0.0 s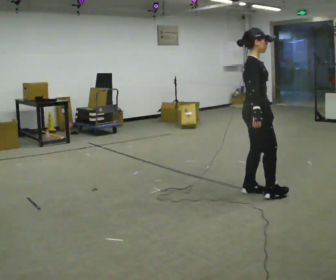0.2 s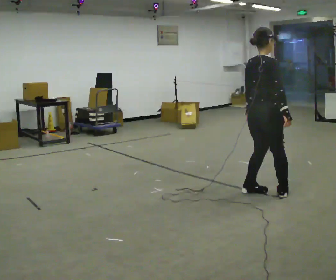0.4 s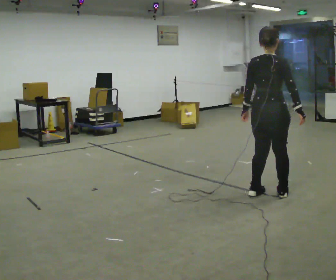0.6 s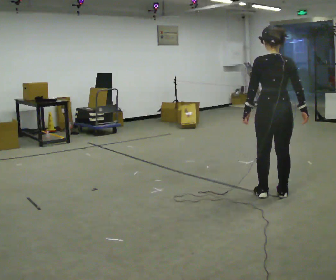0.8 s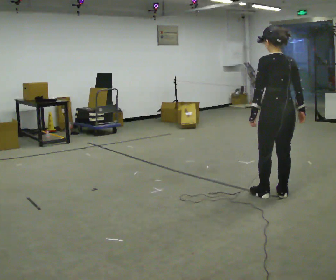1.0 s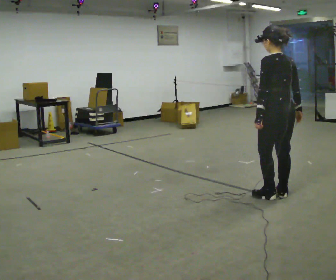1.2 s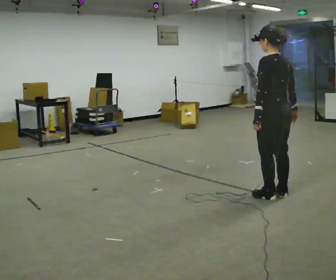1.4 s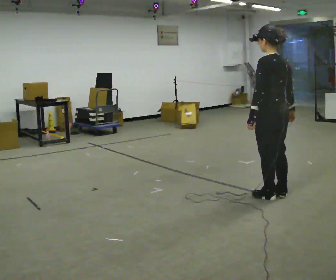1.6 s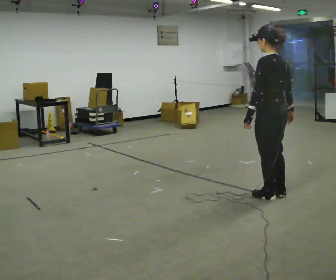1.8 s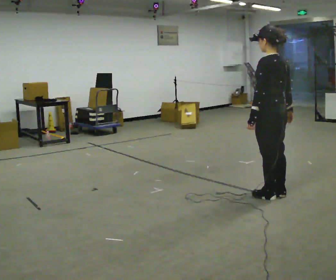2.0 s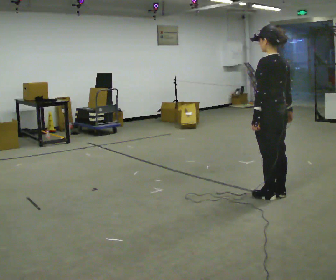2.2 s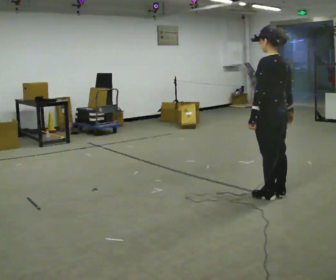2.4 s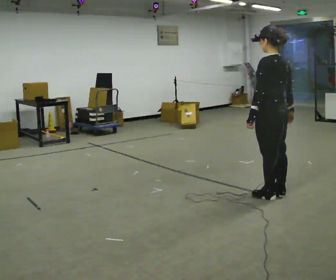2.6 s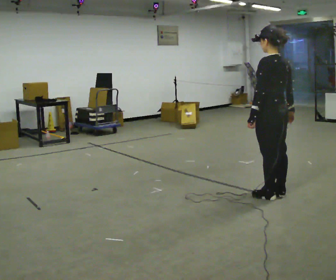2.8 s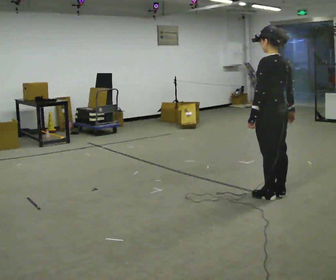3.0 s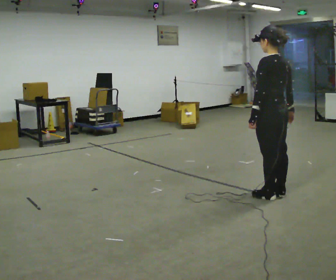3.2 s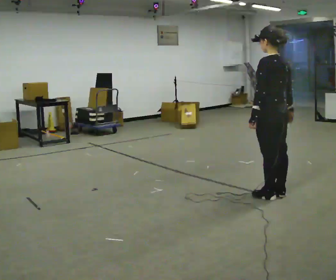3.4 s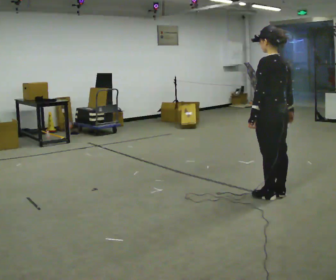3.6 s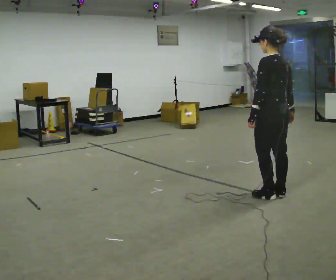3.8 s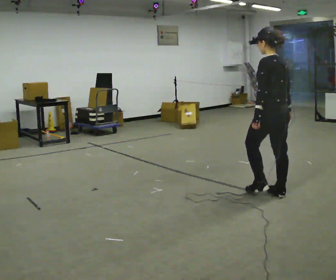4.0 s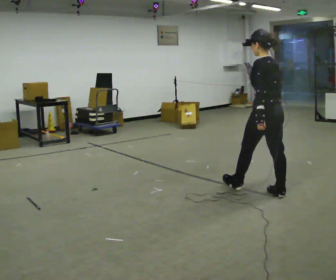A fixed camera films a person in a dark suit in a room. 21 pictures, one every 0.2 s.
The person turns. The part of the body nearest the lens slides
to the right.
The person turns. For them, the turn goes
to their left.
0.0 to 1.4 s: The part of the body nearest the lens slides to the right as the person turns to their left by about 135 degrees. In the picture they go toward the camera and to the right, about 0.25 m in 2 steps.
1.4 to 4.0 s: The person moves a little, or ends about where they began.
The film runs forward here.
